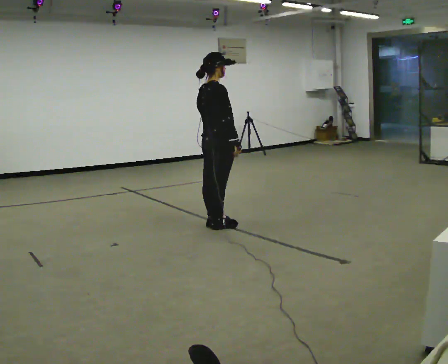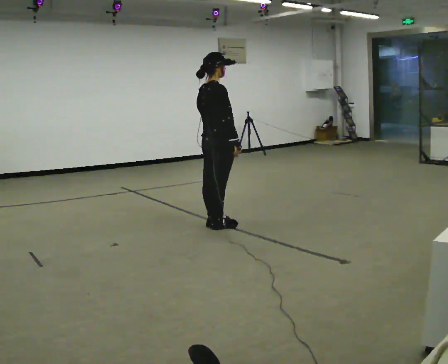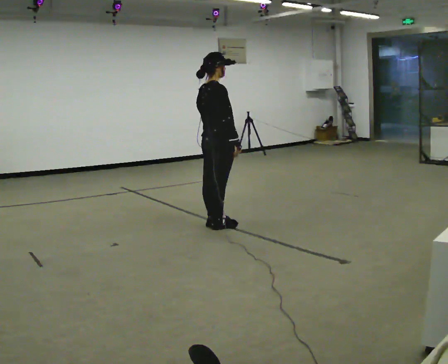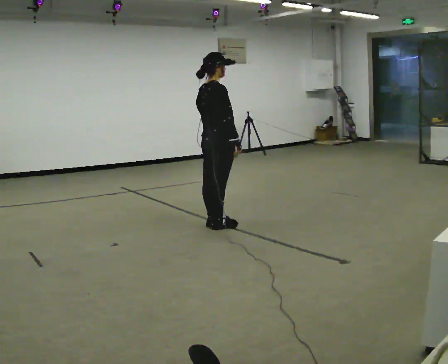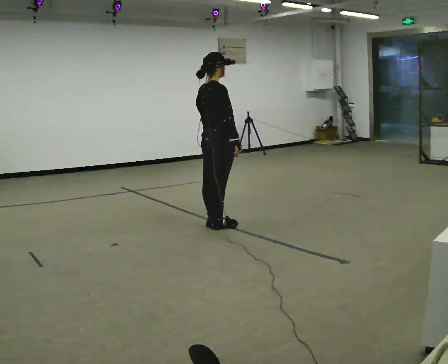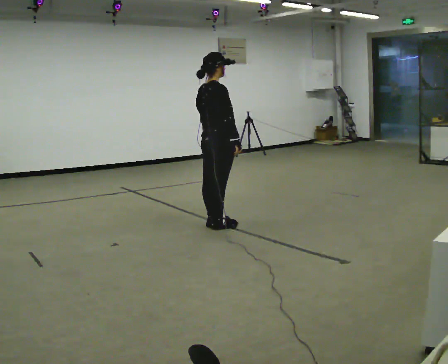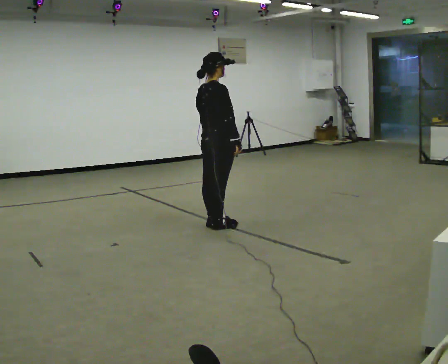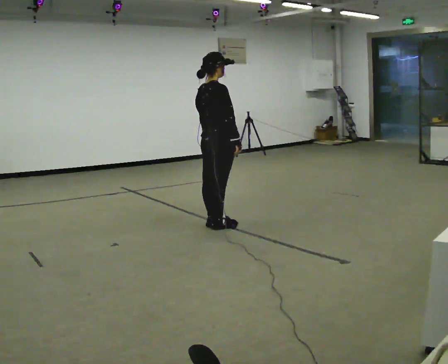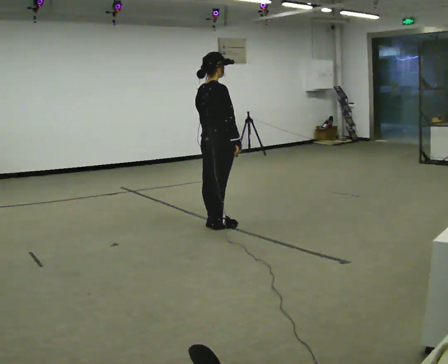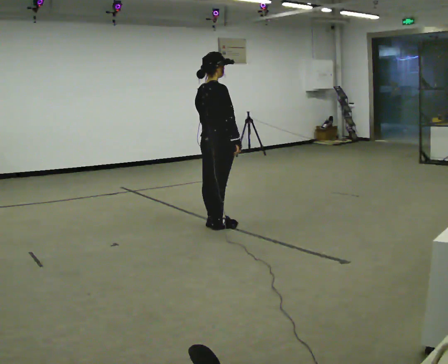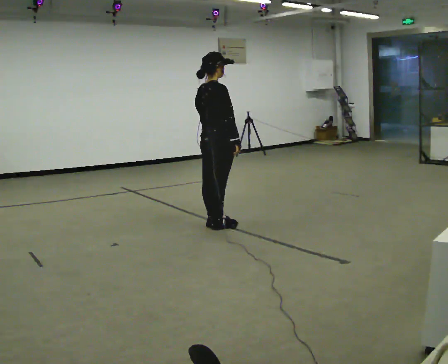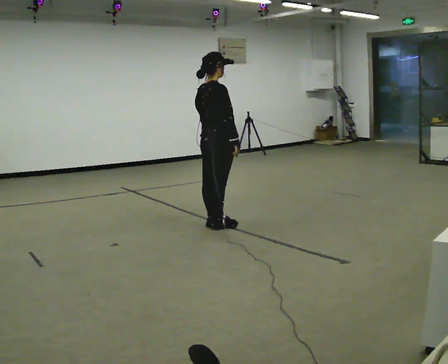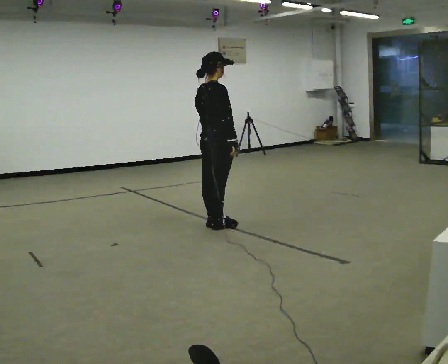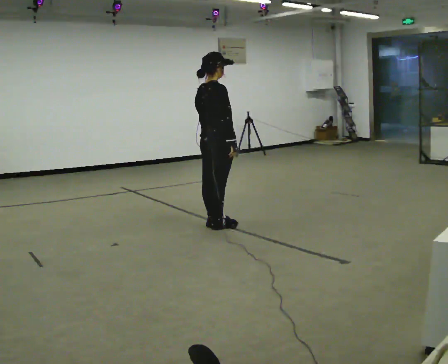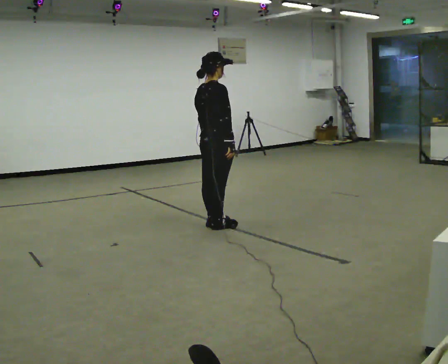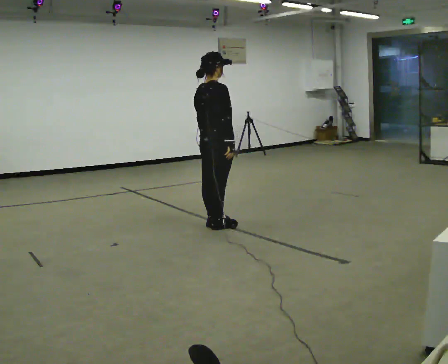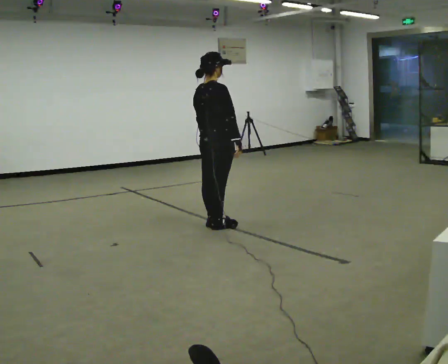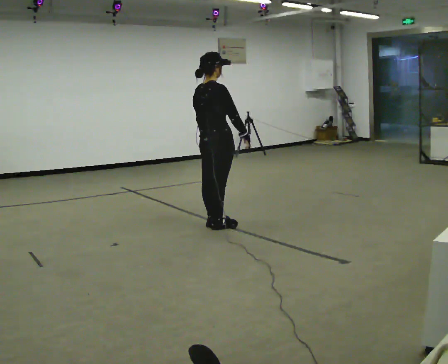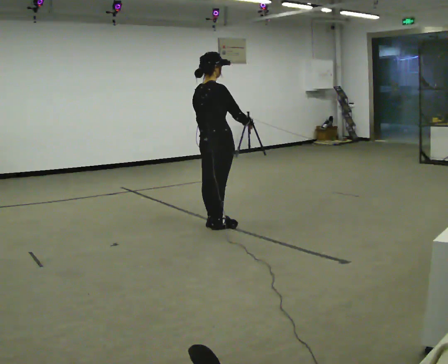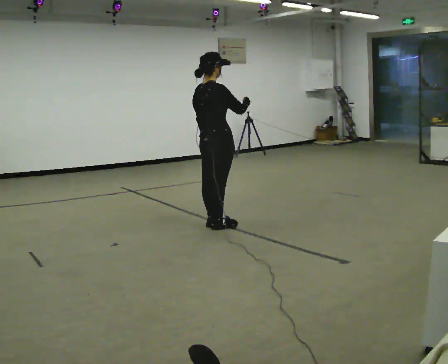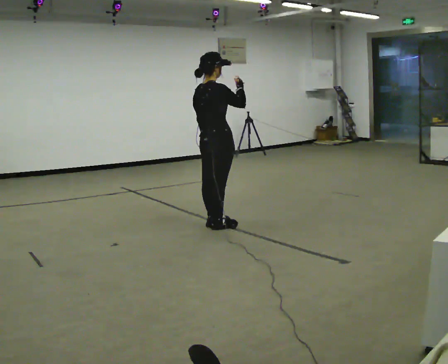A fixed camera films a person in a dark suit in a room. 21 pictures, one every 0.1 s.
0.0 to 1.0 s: The person moves a little, or ends about where they began.
1.0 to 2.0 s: In the picture their right hand goes upward, the arm swinging counterclockwise.
The film runs backward here.
